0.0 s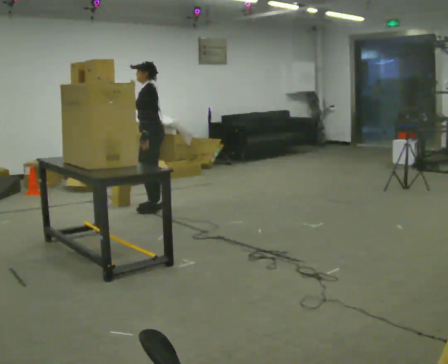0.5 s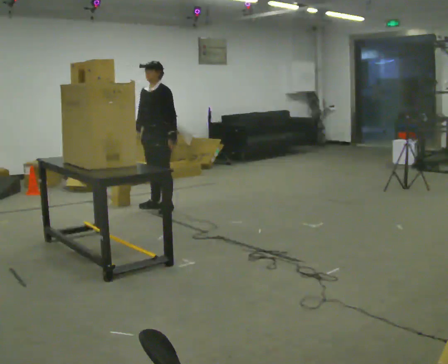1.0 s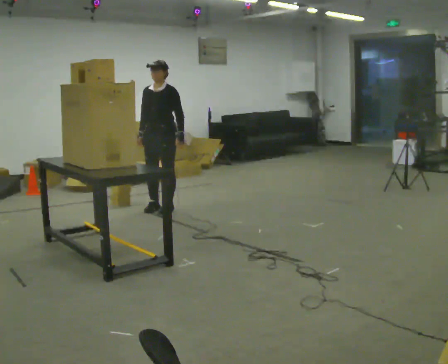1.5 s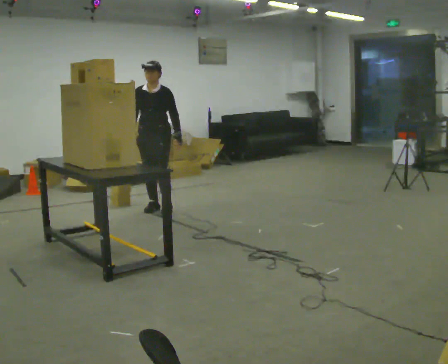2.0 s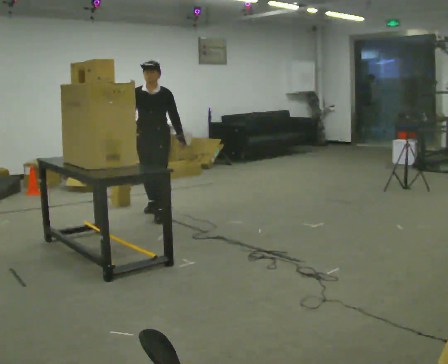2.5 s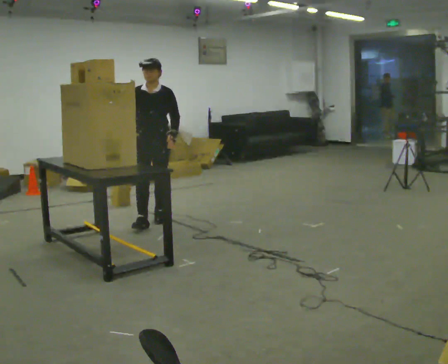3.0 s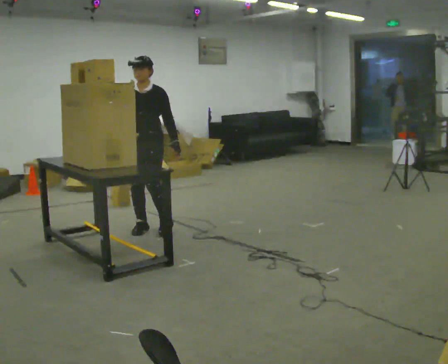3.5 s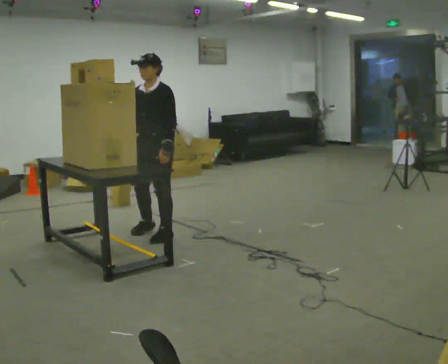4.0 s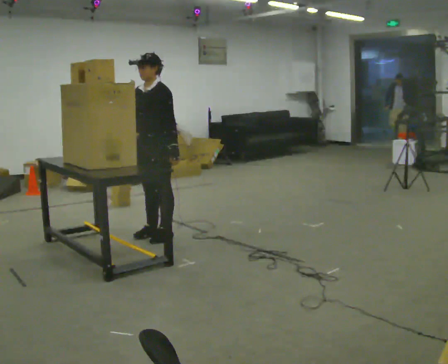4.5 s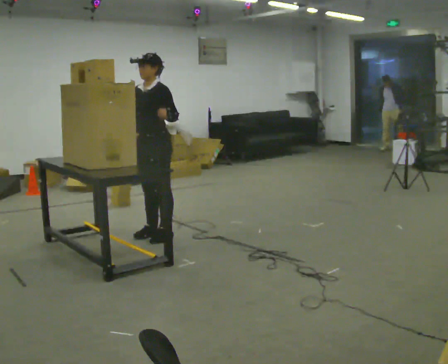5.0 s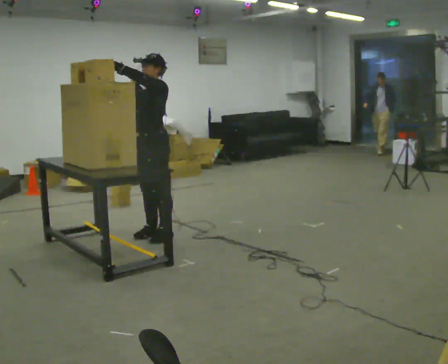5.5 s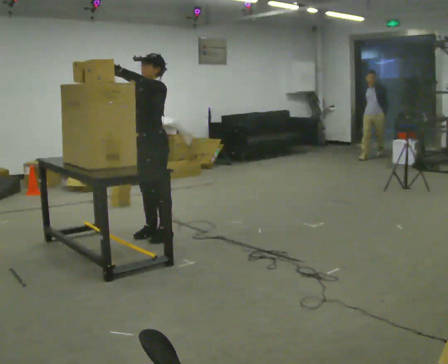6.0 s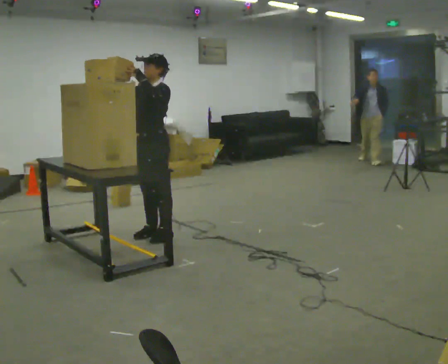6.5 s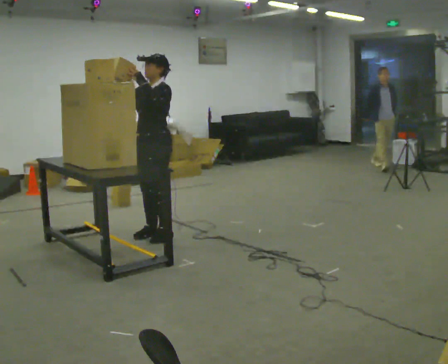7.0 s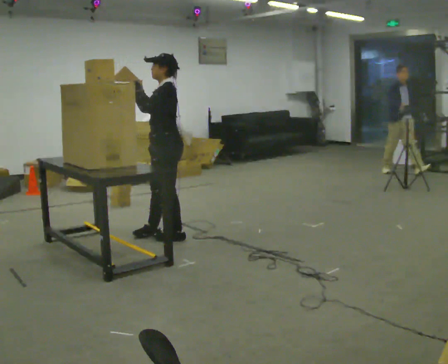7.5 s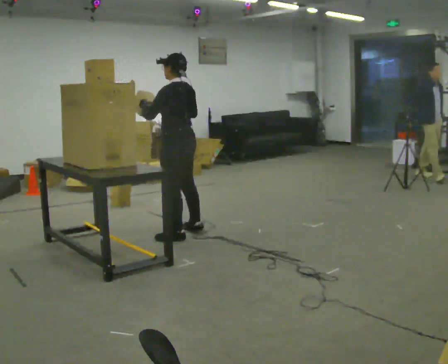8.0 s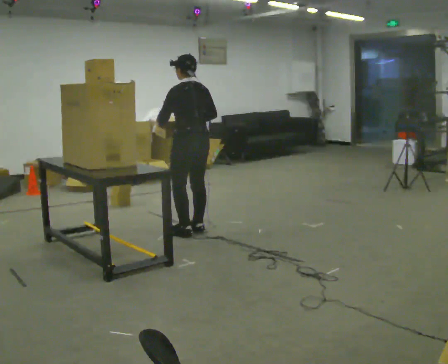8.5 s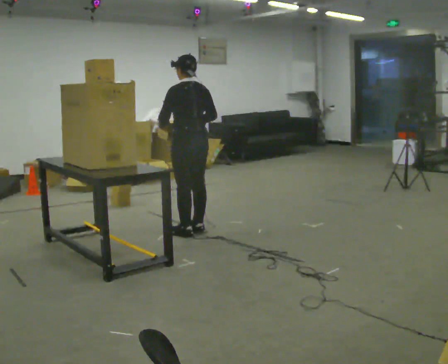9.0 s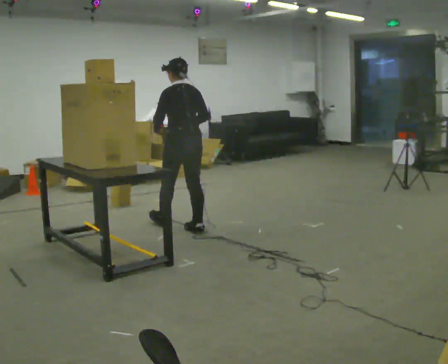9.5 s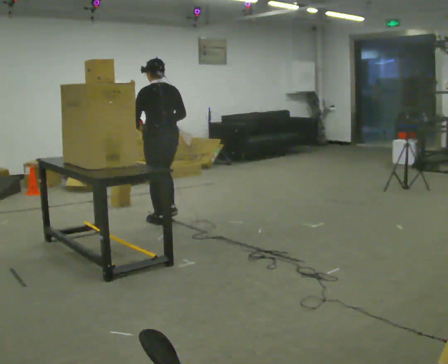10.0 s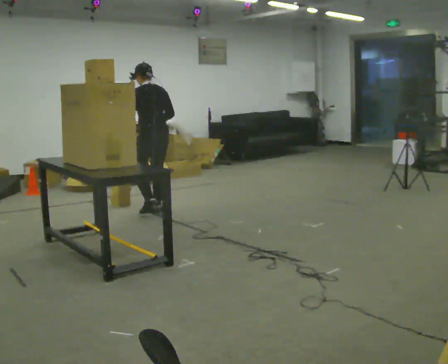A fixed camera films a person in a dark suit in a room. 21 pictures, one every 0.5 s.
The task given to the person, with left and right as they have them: Pick an object up off the floor, carry it across the room, and place it on the highest shelf you can comfortably reach. Keep going until the operator says stop; one object at a time, and do not rush between trips.
0.0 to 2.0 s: The part of the body nearest the lens slides to the right as the person turns to their left by about 75 degrees. In the picture they go toward the camera, about 0.25 m in 2 steps.
2.0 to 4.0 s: The person turns about 45 degrees to their right, clockwise seen from above, so the part of the body nearest the lens slides to the left. In the picture they go toward the camera, about 1 m in 3 steps, which for them is forward and to their left.
4.0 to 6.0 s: In the picture their left hand goes upward.
6.0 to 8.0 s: Seen from above the body turns clockwise, about 90 degrees: to their right, with its near side sliding to the left. In the picture they go to the right, about 0.25 m in 1 step. In the picture their left hand goes downward.
8.0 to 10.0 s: In the picture they go away from the camera and to the left, about 1 m in 2 steps, which for them is forward.
The film runs forward here.
